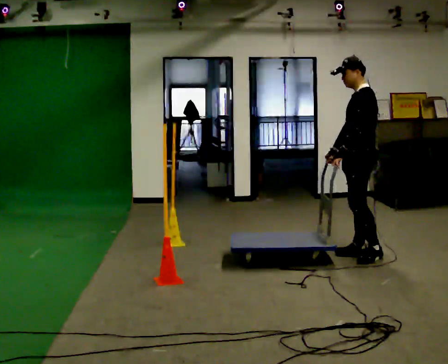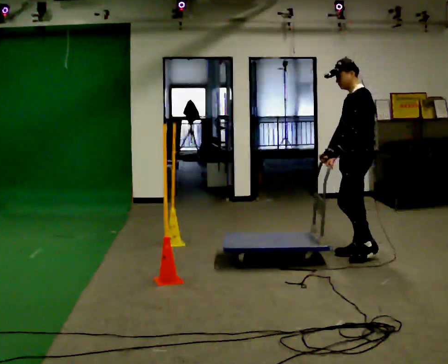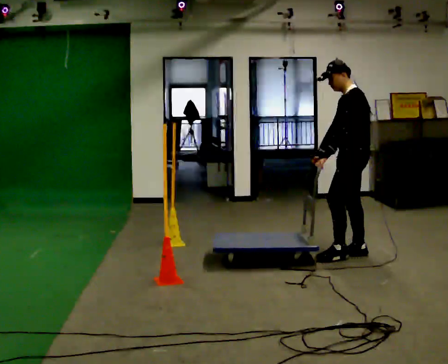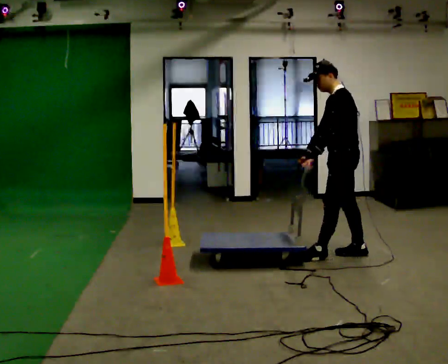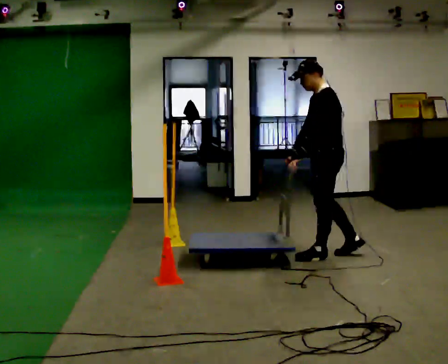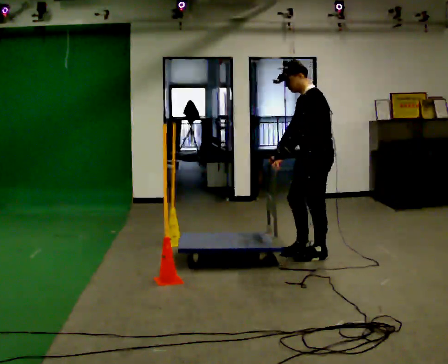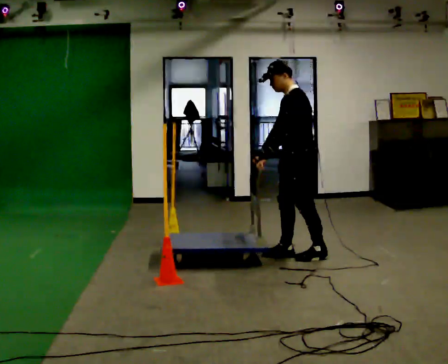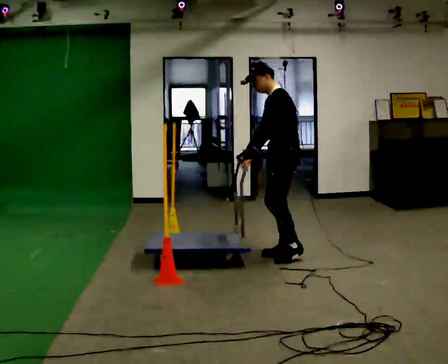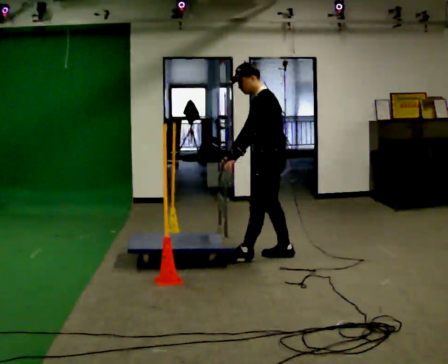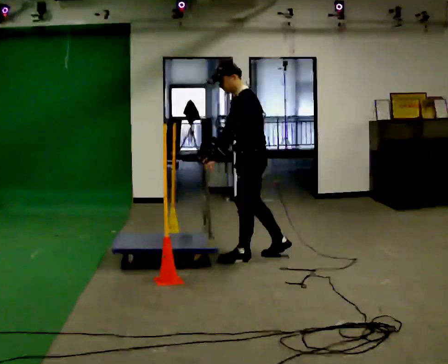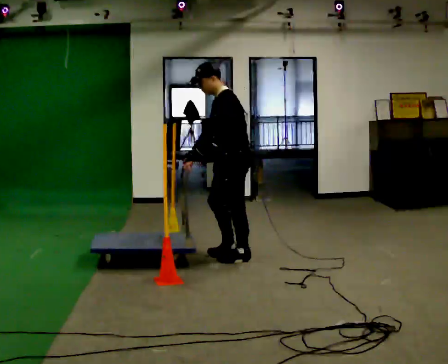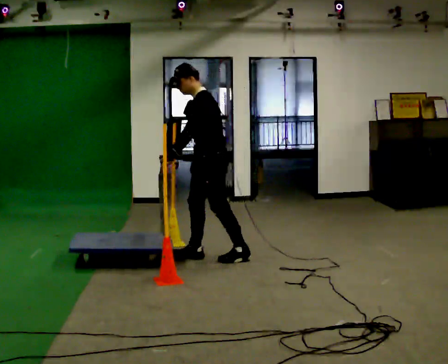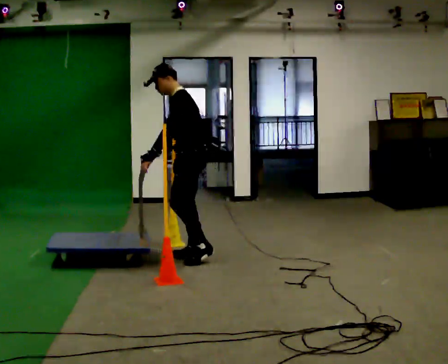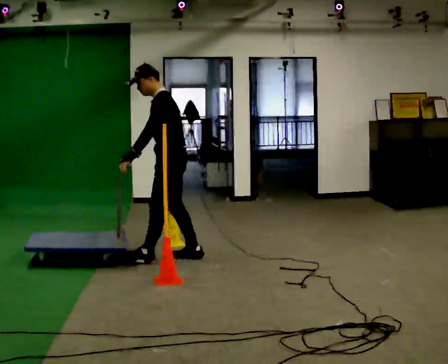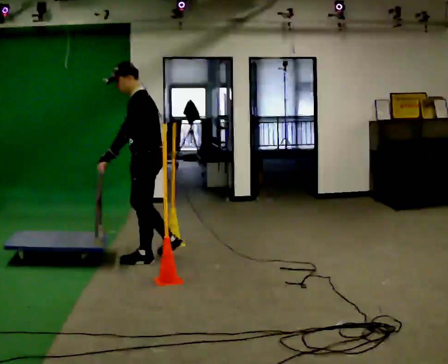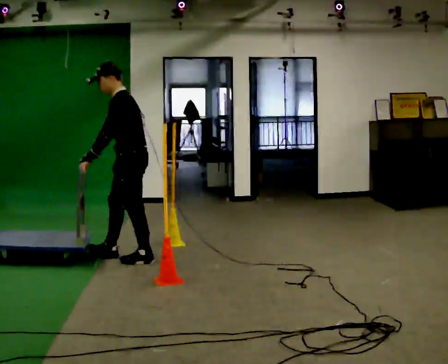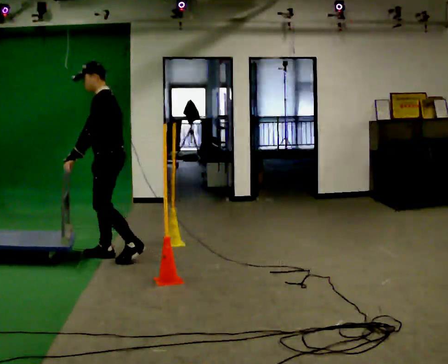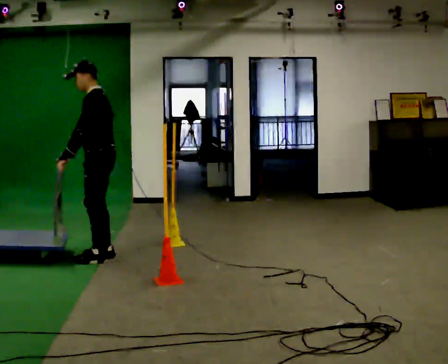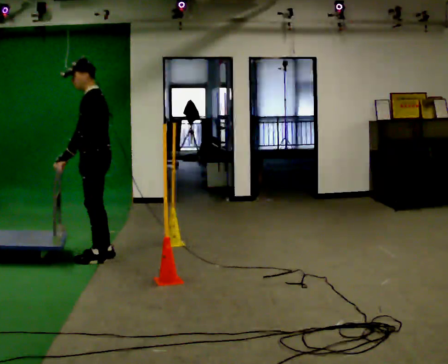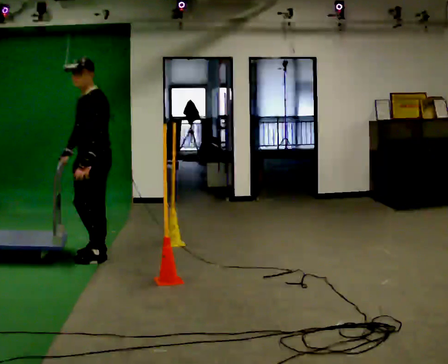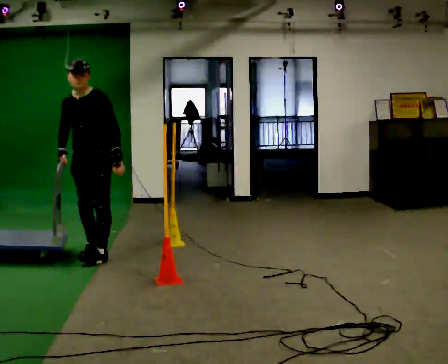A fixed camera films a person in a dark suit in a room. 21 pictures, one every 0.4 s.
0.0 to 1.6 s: In the picture they go to the left, about 0.25 m in 1 step, which for them is forward.
1.6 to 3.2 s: In the picture they go to the left, about 0.5 m in 1 step, which for them is forward.
3.2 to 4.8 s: In the picture they go to the left, about 0.75 m in 2 steps, which for them is forward.
4.8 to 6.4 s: In the picture they go to the left, about 0.75 m in 2 steps, which for them is forward.
6.4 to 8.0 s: The person turns about 60 degrees to their left, counterclockwise seen from above, so the part of the body nearest the lens slides to the right. In the picture they go to the left, about 0.25 m in 2 steps. In the picture their left hand goes to the right, the arm swinging counterclockwise.
The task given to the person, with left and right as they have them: Push the cart through the gap between the poles without touching them, then bring it back through.
The film runs forward here.
